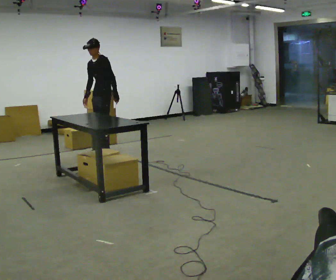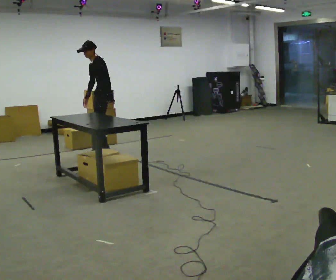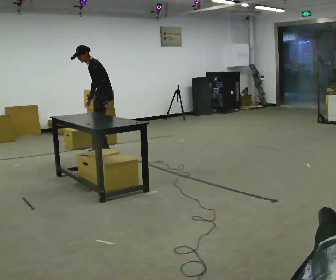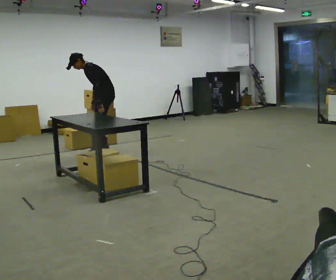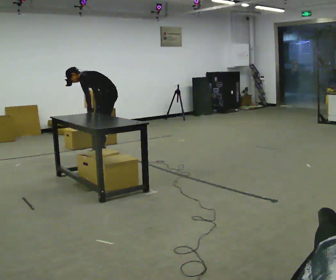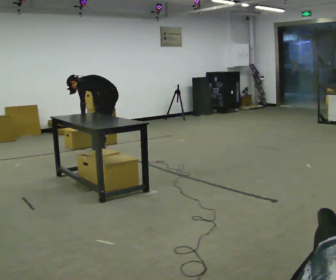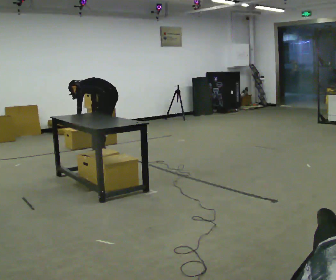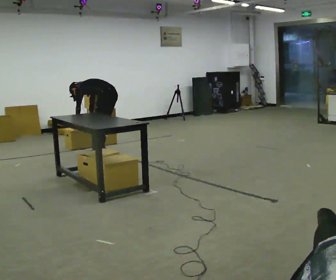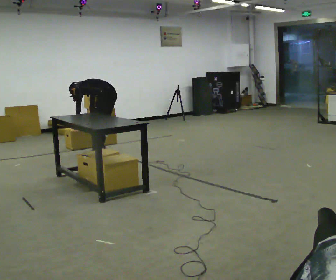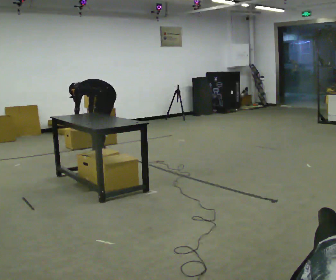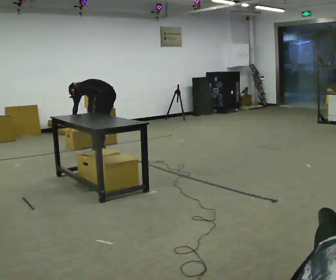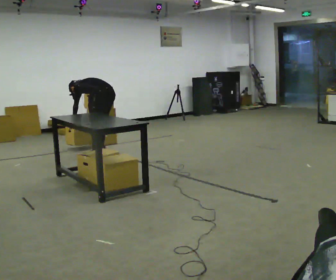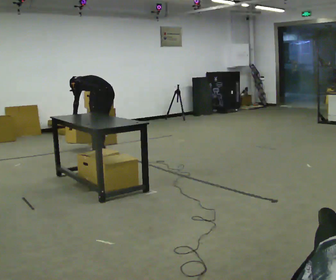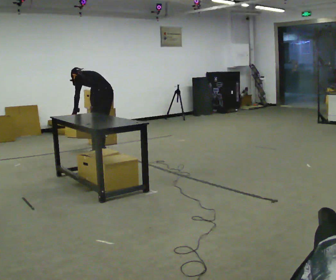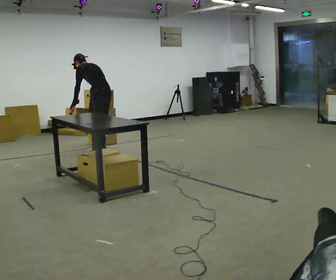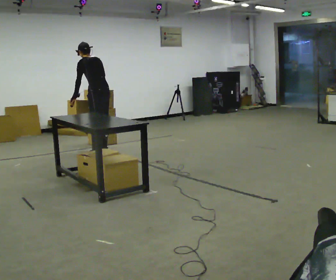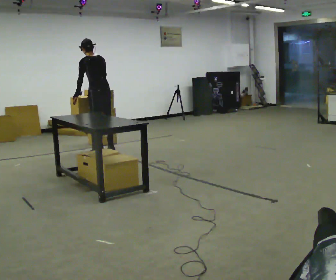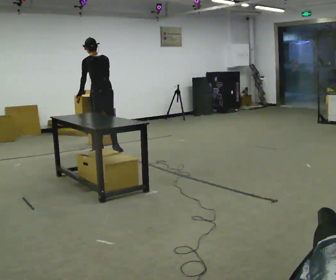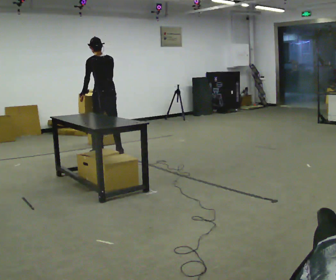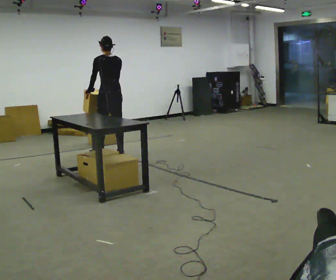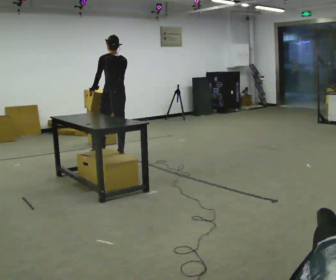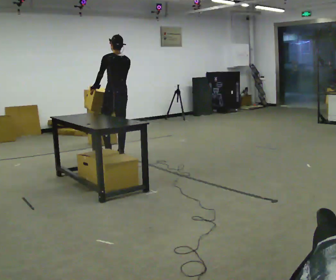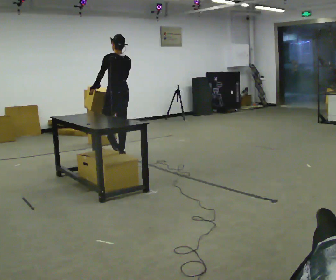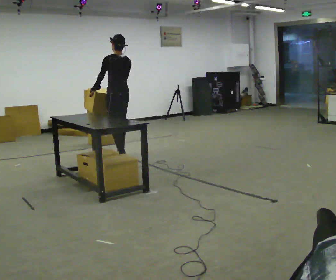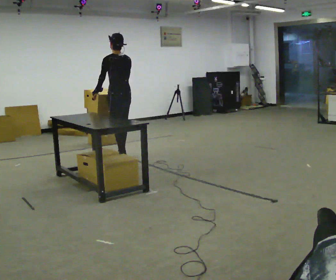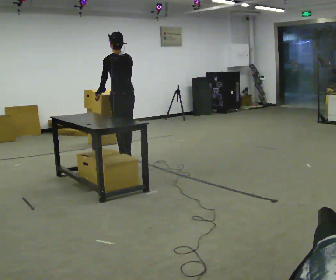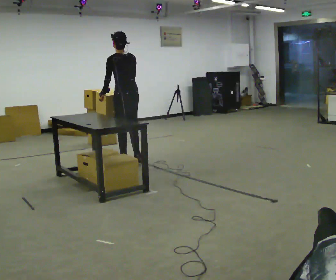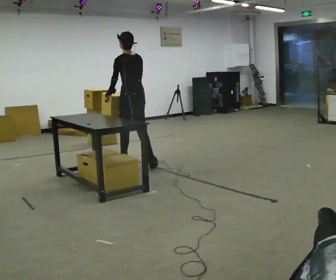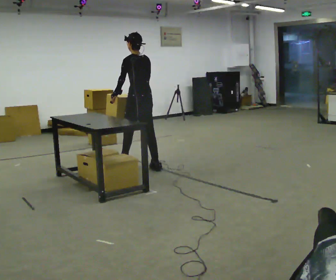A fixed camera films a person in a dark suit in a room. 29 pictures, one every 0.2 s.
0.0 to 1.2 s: The part of the body nearest the lens slides to the left as the person turns to their right by about 75 degrees. The upper body goes downward. The upper body tips away from the camera, its near side rolling upward, as they bend forward. In the picture their left hand goes to the left and downward, the arm swinging clockwise.
1.2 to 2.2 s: The person moves a little, or ends about where they began.
2.2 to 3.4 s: The part of the body nearest the lens slides to the left as the person turns to their right by about 30 degrees. In the picture they go toward the camera, about 0.25 m in 1 step, which for them is to their left. The shoulders move upward. In the picture the upper body tilts clockwise, shoulders to the right, as they lean back or straighten. In the picture their right hand goes upward.
3.4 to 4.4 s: In the picture they go toward the camera and to the right, about 0.25 m in 1 step, which for them is backward.
4.4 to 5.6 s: In the picture they go toward the camera and to the right, about 0.5 m in 1 step, which for them is backward.
The film runs backward here.
